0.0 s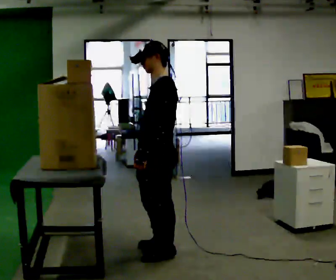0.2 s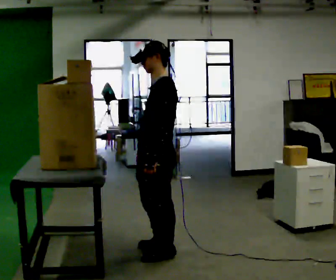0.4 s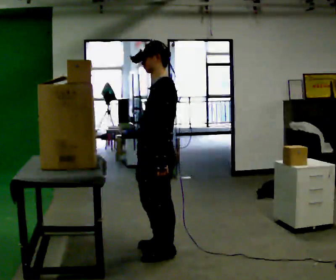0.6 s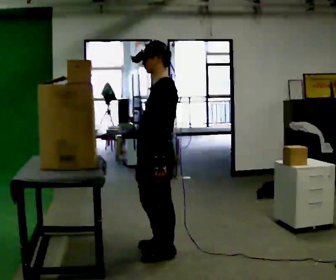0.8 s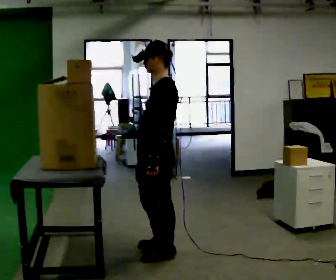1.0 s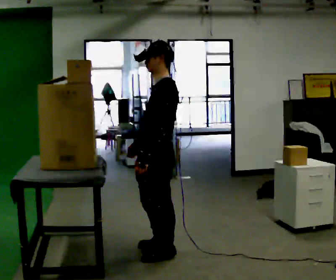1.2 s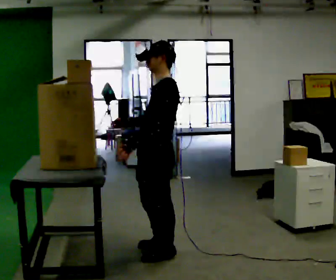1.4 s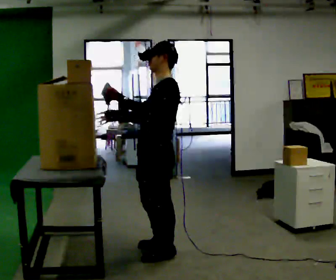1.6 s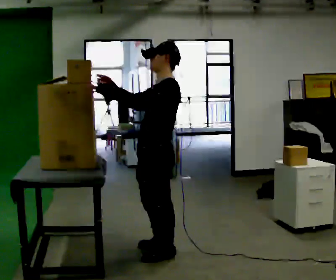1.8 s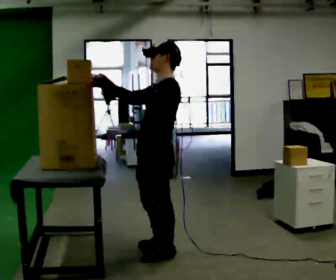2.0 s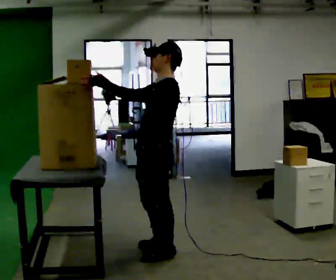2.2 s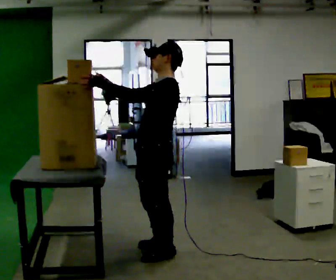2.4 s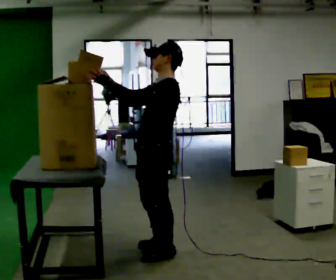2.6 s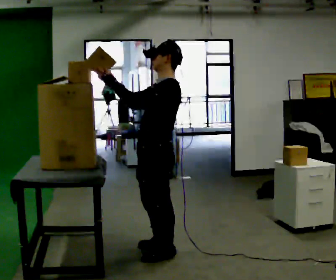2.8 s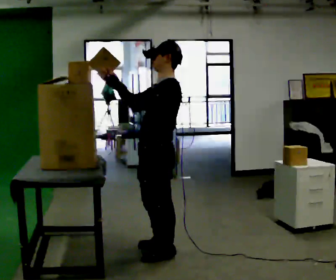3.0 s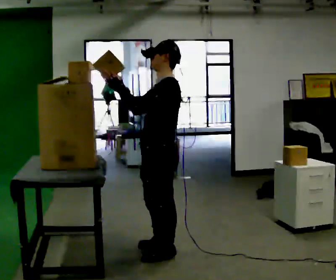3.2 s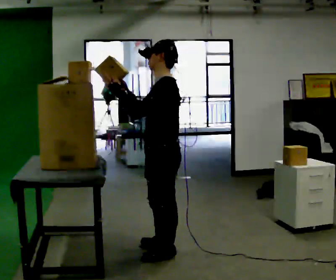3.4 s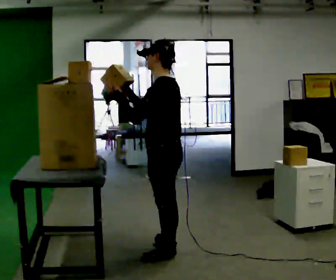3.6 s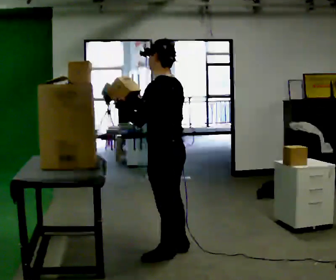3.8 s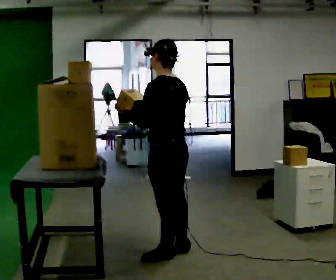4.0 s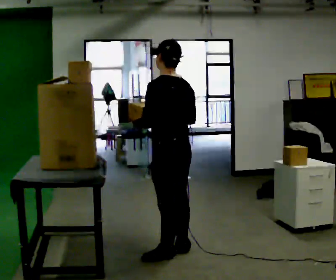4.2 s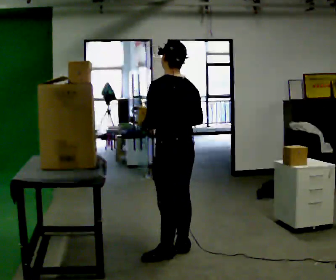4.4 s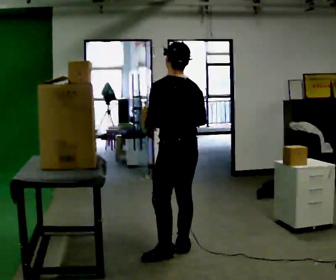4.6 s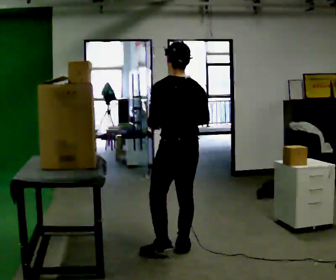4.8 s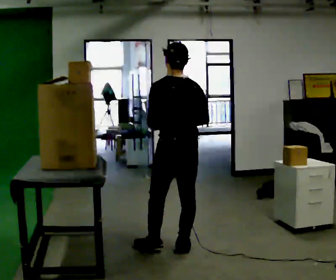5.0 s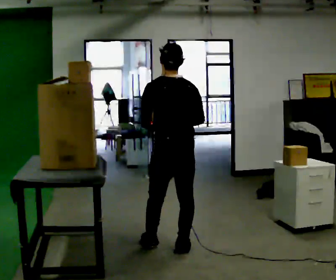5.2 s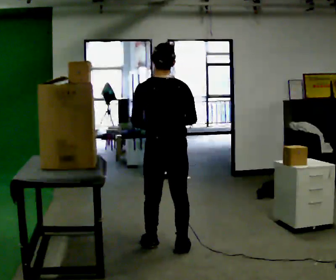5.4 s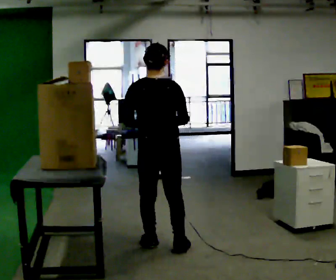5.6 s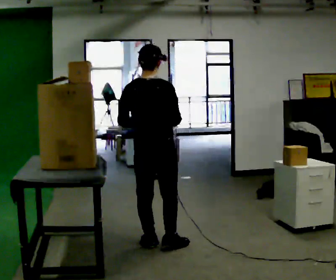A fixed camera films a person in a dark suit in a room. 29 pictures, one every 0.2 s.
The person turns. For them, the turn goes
to their right.
The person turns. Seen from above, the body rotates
clockwise.
0.0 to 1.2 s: The person moves a little, or ends about where they began.
1.2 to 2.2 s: In the picture their left hand goes upward, the arm swinging clockwise.
2.2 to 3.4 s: The person moves a little, or ends about where they began.
3.4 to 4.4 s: Seen from above the body turns clockwise, about 30 degrees: to their right, with its near side sliding to the left. In the picture they go away from the camera, about 0.25 m in 1 step, which for them is to their right. In the picture their right hand goes to the right.
4.4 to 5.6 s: The part of the body nearest the lens slides to the left as the person turns to their right by about 60 degrees. In the picture they go to the left, about 0.25 m in 1 step, which for them is forward and to their left.
The film runs forward here.
